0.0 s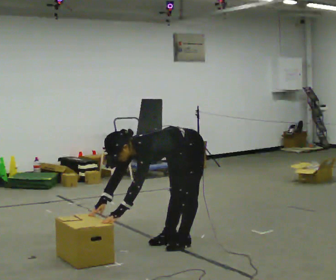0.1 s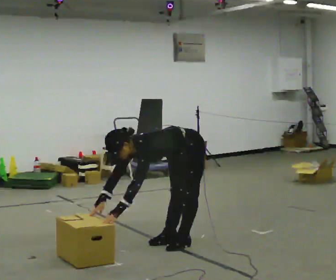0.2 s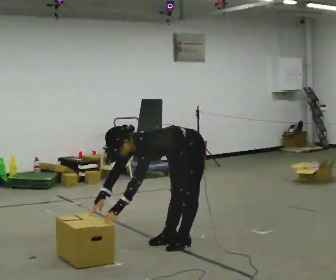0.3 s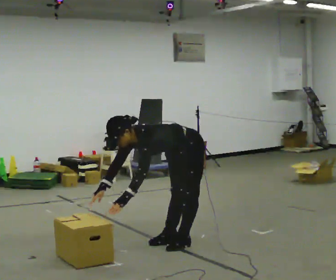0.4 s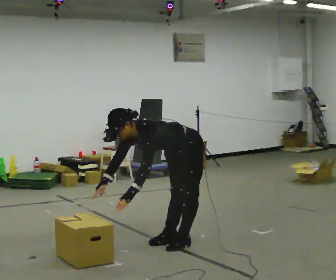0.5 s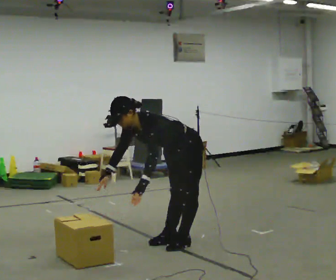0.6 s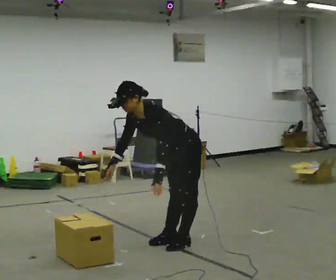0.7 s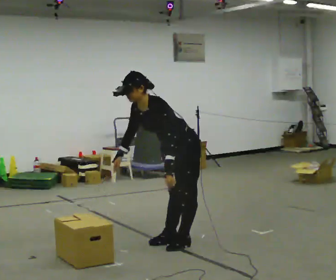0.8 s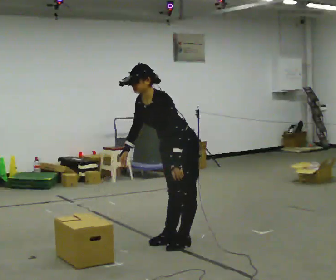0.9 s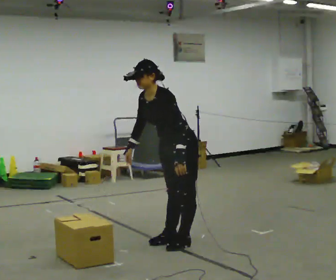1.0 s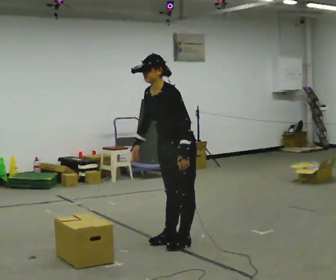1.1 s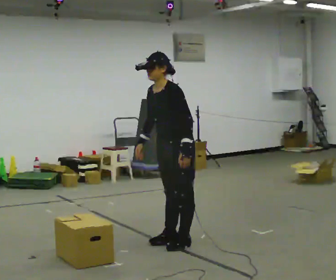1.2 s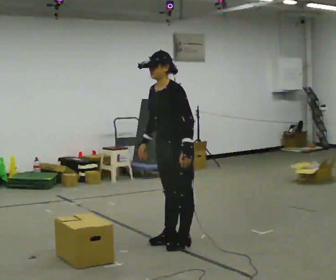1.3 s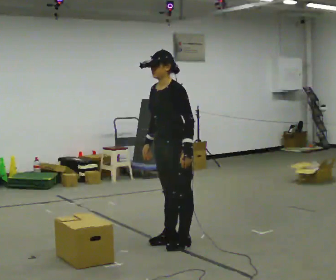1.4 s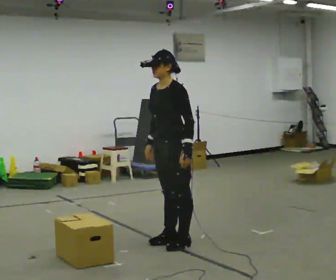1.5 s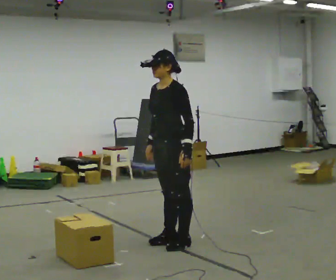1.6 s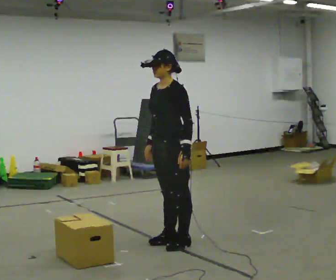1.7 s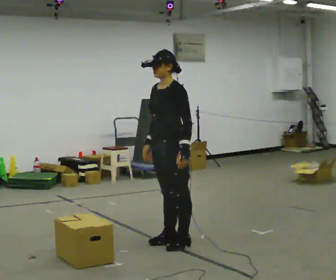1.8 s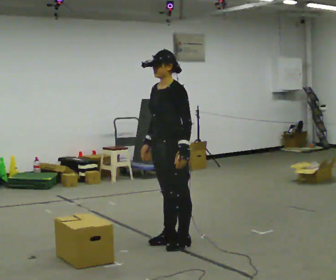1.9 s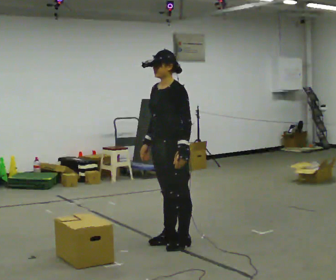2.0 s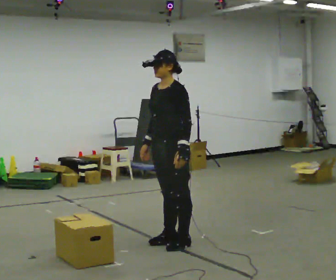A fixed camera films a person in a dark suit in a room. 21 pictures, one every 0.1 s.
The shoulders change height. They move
upward.
The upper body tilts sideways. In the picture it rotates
clockwise.
0.0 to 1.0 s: The upper body goes upward. In the picture the upper body tilts clockwise, shoulders to the right, as they lean back or straighten. In the picture their left hand goes to the right and upward.
1.0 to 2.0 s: In the picture the upper body tilts clockwise, shoulders to the right, as they lean back or straighten.
The film runs forward here.
